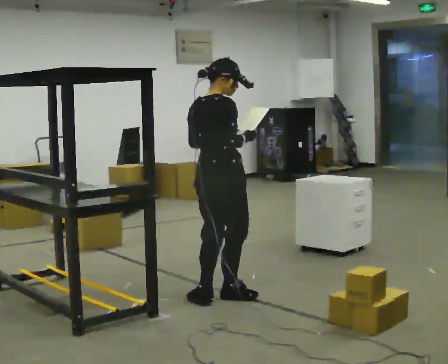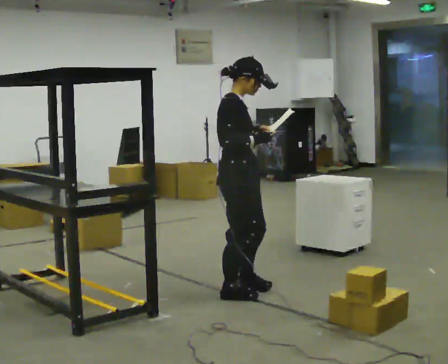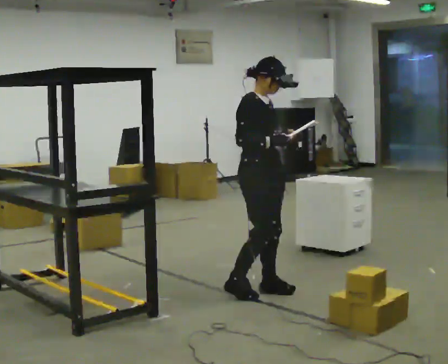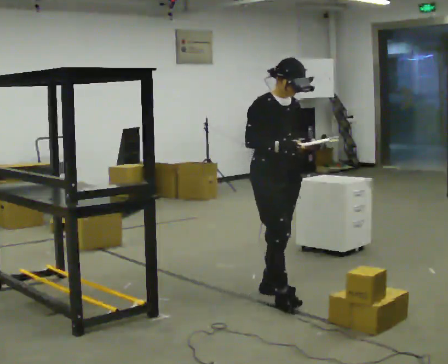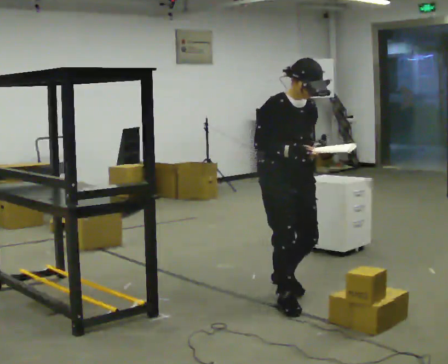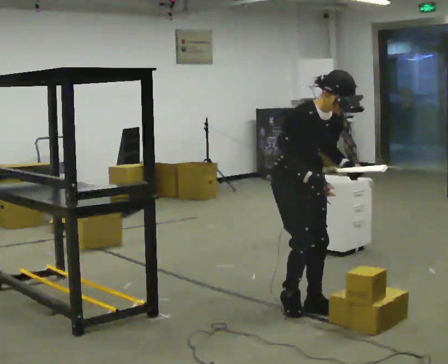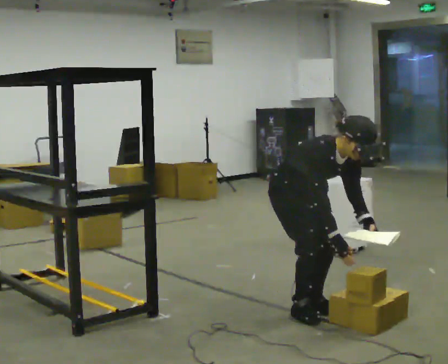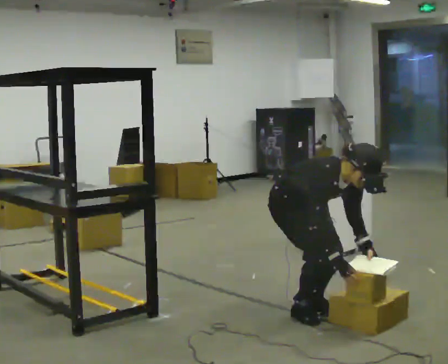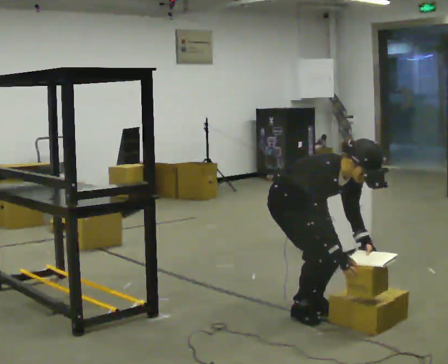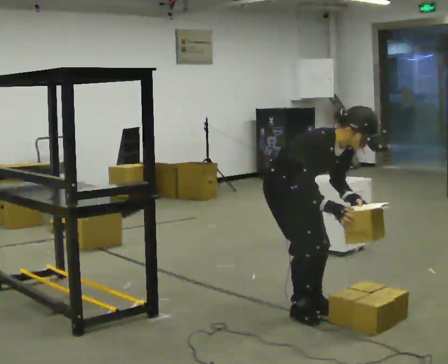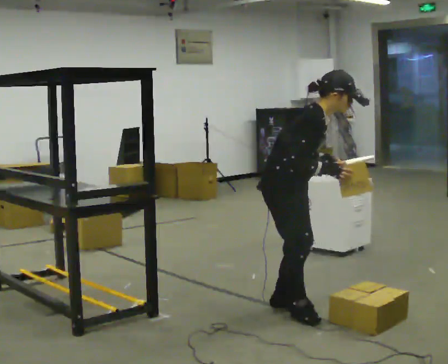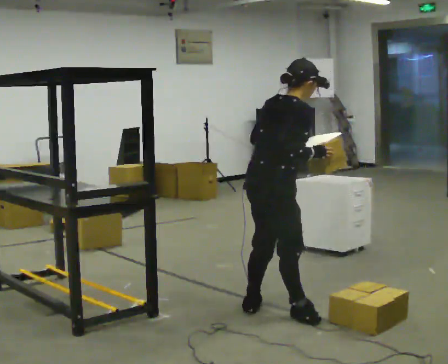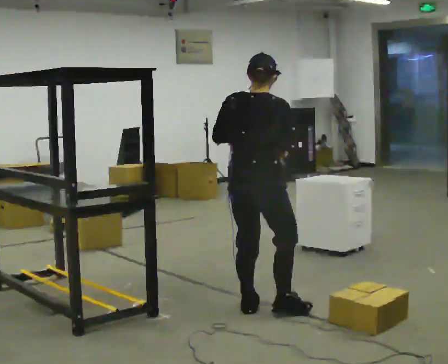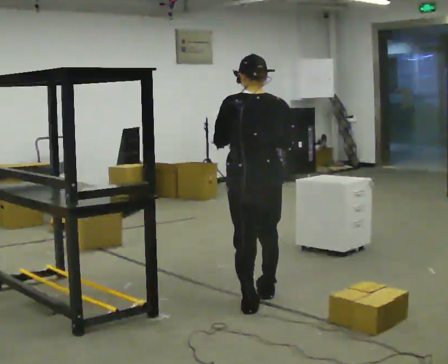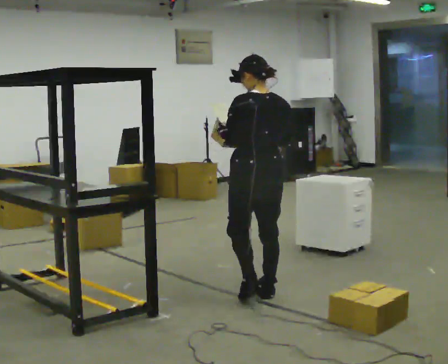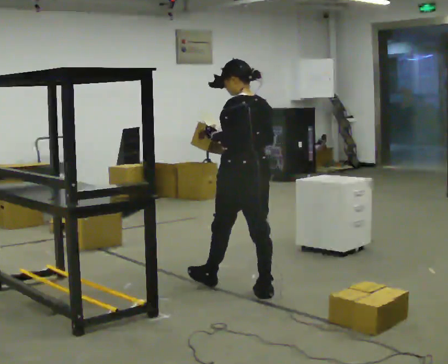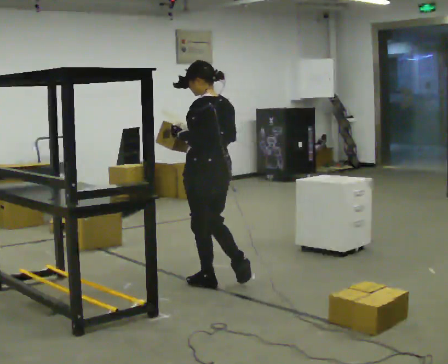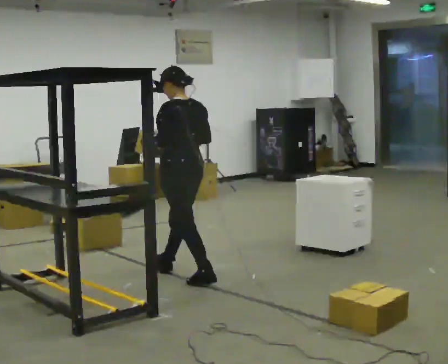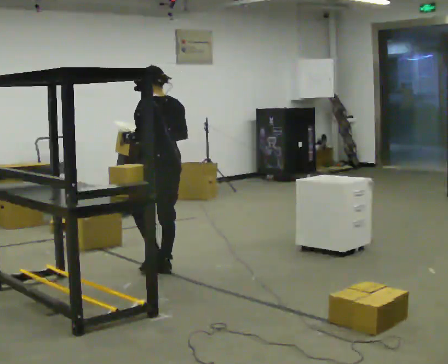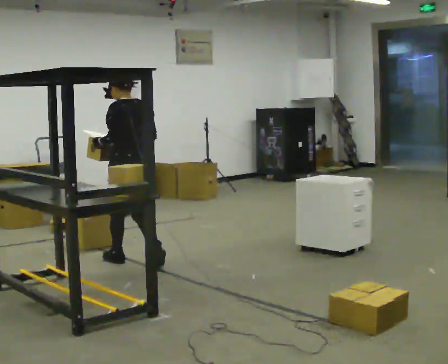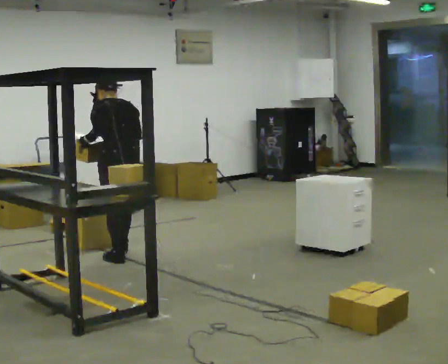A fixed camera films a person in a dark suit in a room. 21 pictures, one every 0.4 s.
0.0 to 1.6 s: Seen from above the body turns clockwise, about 75 degrees: to their right, with its near side sliding to the left. In the picture they go to the right, about 0.25 m in 2 steps.
1.6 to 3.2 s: The shoulders move downward. In the picture the upper body tilts clockwise, shoulders to the right, as they bend forward. In the picture their right hand goes downward.
3.2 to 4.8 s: Seen from above the body turns counterclockwise, about 105 degrees: to their left, with its near side sliding to the right. In the picture they go to the left, about 0.25 m in 1 step. The upper body goes upward. The upper body tips away from the camera, its near side rolling upward, as they lean back or straighten. In the picture their right hand goes upward.
4.8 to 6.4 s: The part of the body nearest the lens slides to the right as the person turns to their left by about 75 degrees. In the picture they go away from the camera and to the left, about 0.75 m in 2 steps.
6.4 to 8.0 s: In the picture they go to the left and away from the camera, about 1 m in 2 steps, which for them is forward.
The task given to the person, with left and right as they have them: 1. Look at the photo the operator gives you. 2. Put the room back the way it looks in the photo. 3. Tell the operator when you are finished.
The film runs forward here.
